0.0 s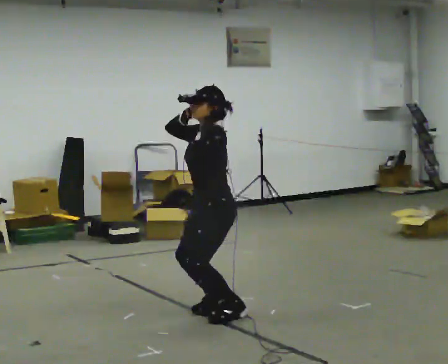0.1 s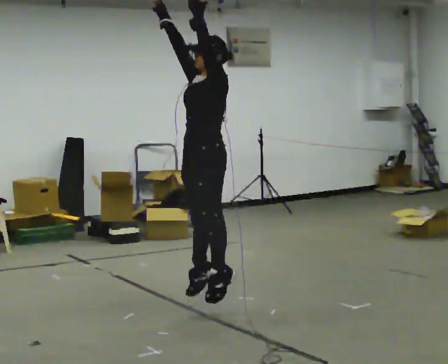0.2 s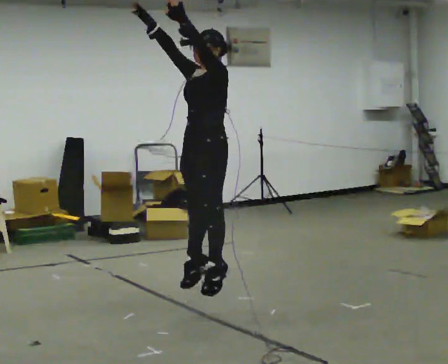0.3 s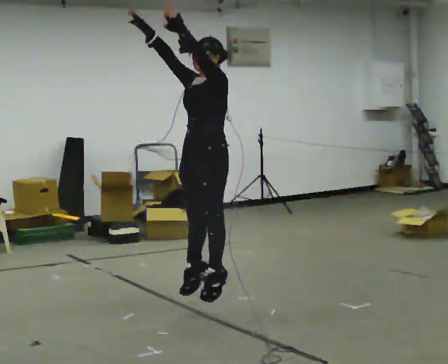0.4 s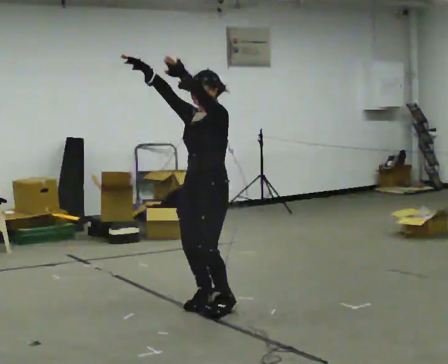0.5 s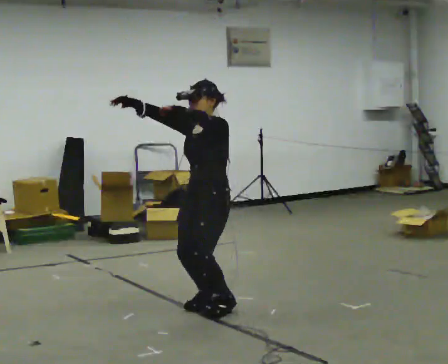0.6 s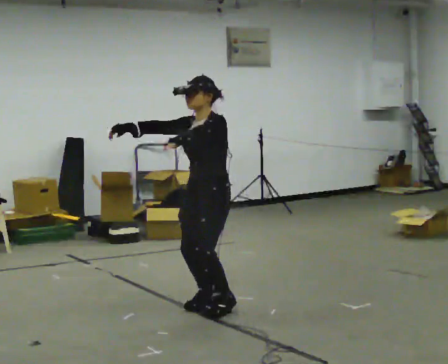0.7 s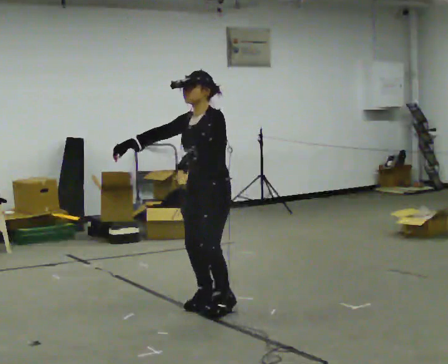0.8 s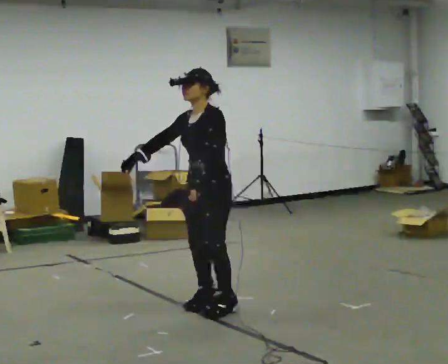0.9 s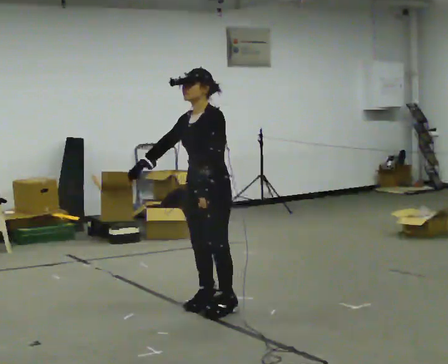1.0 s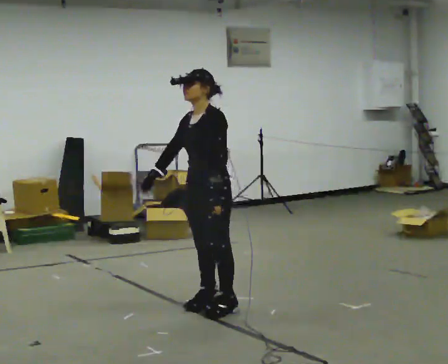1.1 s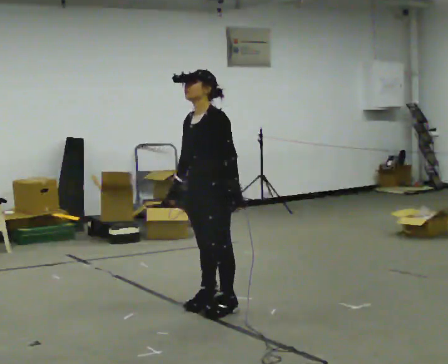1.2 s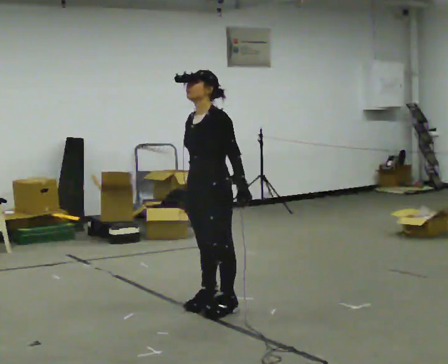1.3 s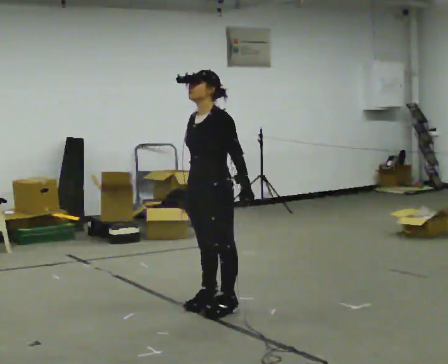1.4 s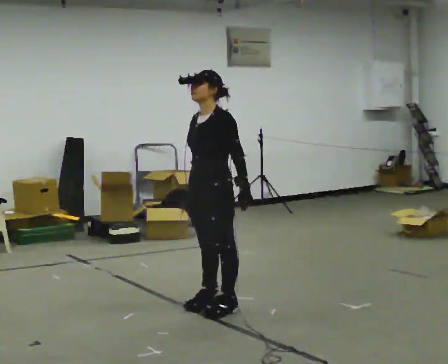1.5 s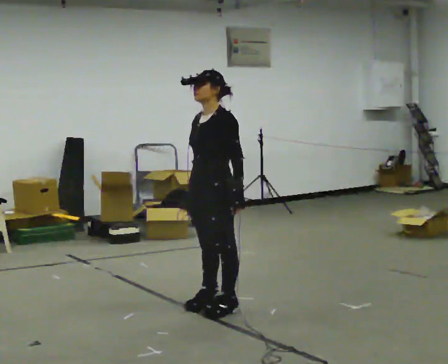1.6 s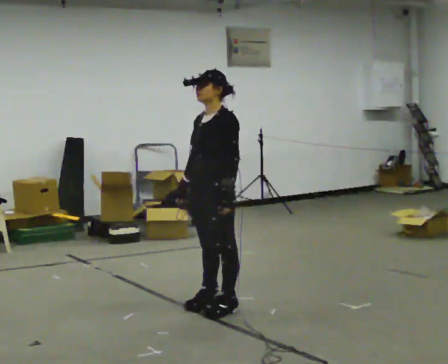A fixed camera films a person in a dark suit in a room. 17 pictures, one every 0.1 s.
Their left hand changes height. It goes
downward.
Their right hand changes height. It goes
downward.
0.0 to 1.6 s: In the picture their right hand goes downward, the arm swinging counterclockwise.
The film runs forward here.
